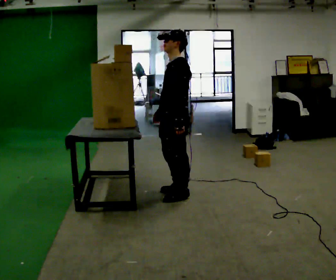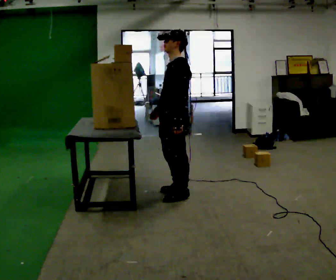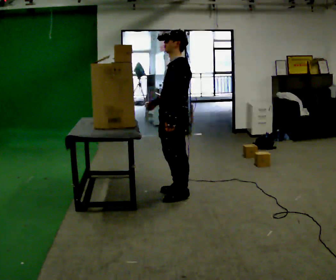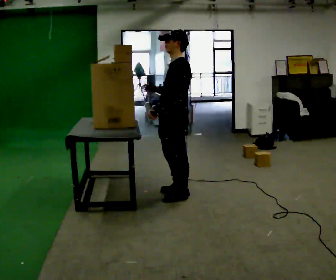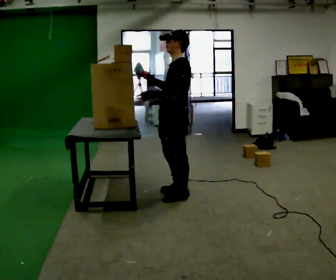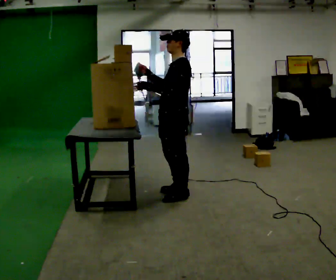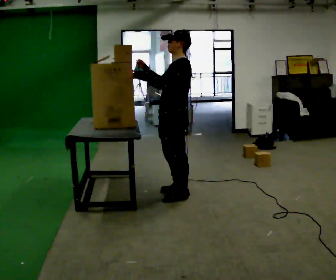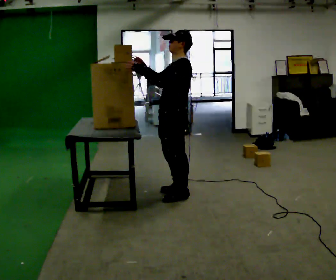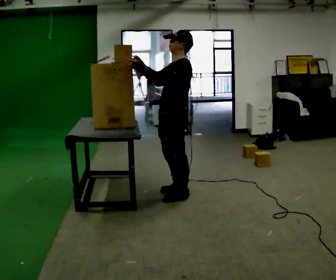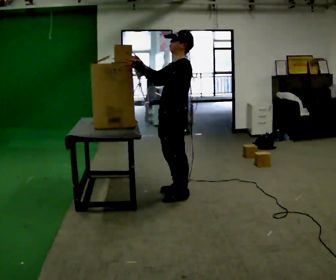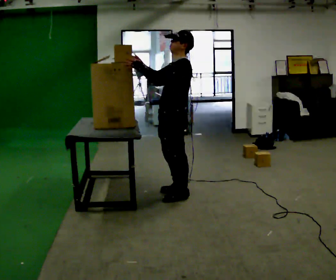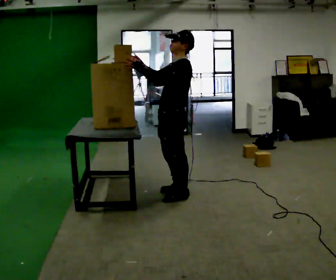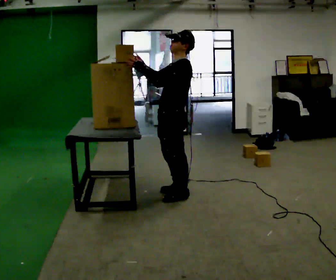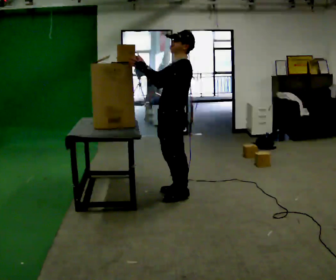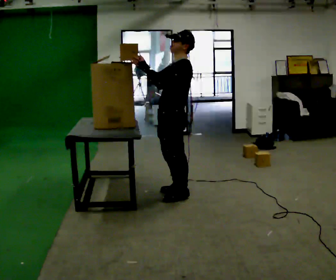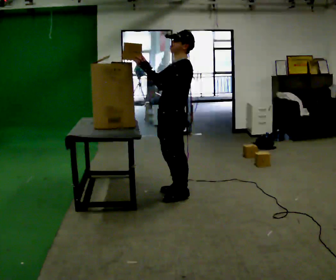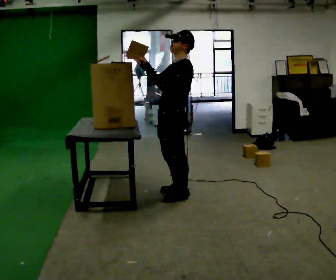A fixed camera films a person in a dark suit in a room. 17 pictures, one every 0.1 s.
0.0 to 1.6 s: In the picture their left hand goes upward, the arm swinging clockwise.
The film runs forward here.
